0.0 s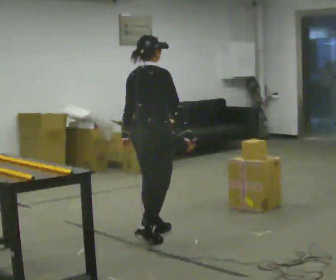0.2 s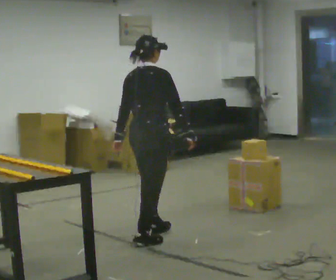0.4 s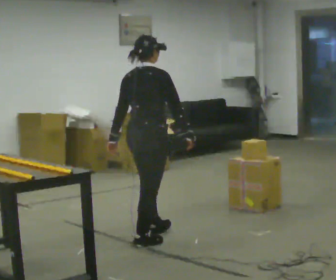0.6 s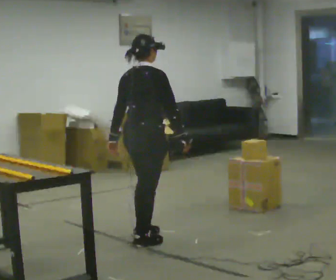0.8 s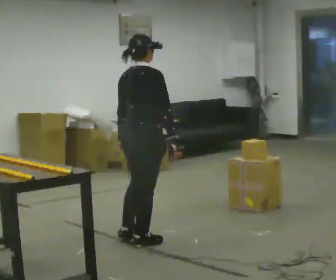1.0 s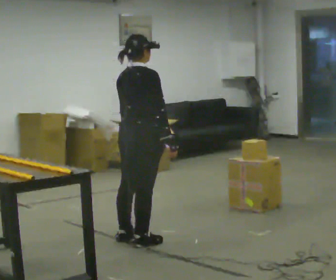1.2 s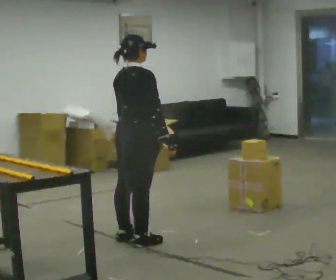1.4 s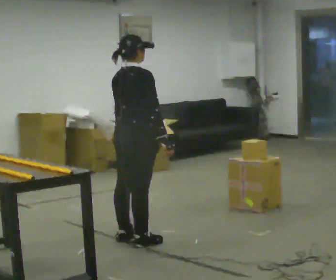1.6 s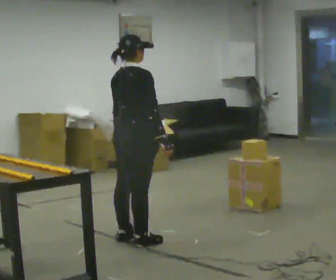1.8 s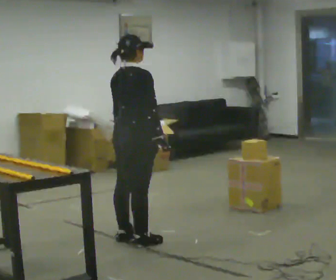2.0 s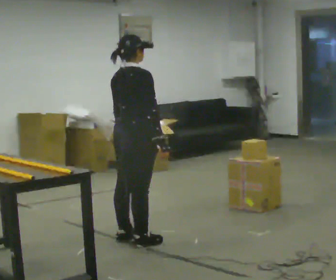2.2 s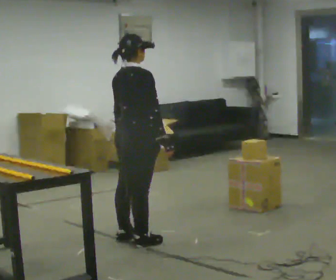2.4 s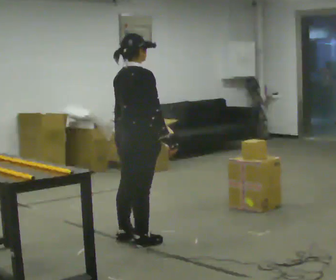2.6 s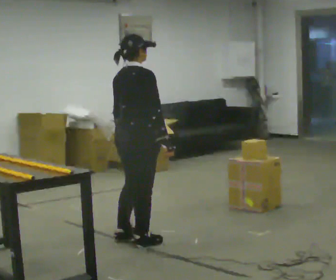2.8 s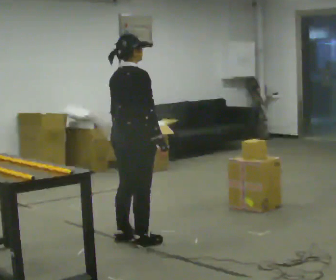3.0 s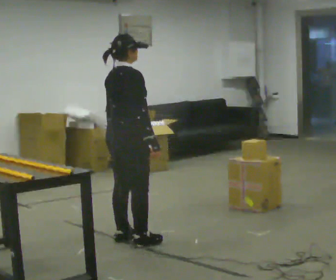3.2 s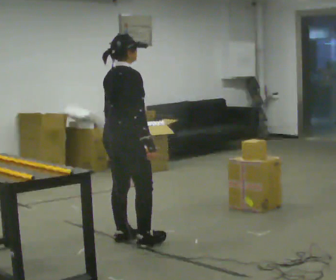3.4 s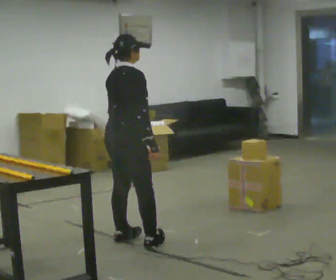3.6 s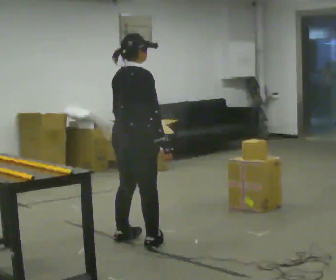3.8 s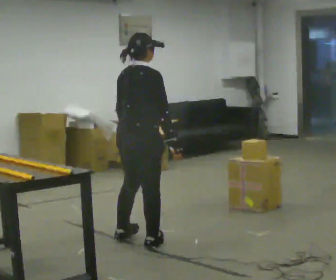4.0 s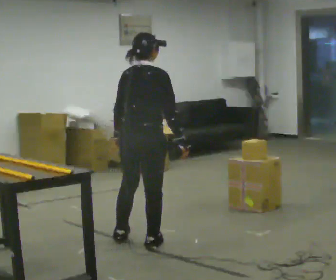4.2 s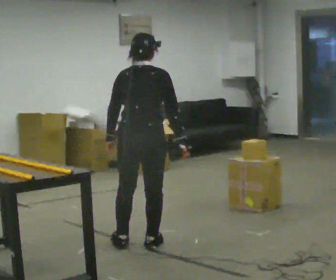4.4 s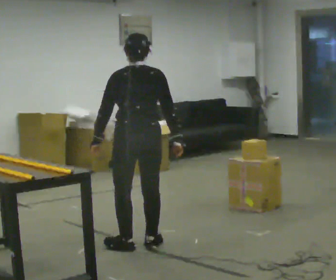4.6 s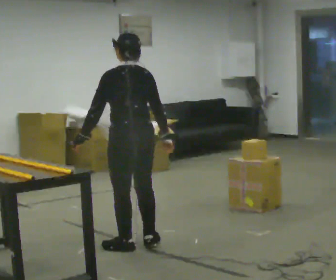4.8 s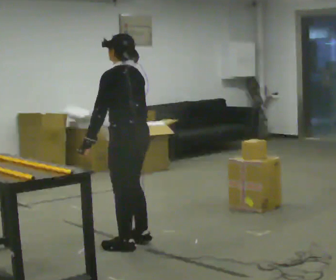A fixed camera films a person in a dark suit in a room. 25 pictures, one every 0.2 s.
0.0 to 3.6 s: In the picture they go toward the camera and to the left, about 0.25 m in 1 step, which for them is backward.
3.6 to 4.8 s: The part of the body nearest the lens slides to the right as the person turns to their left by about 105 degrees. In the picture their left hand goes to the left.
The film runs backward here.
